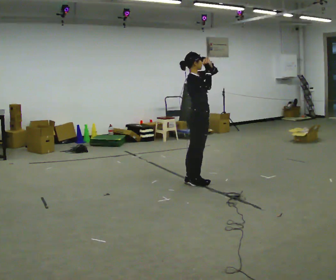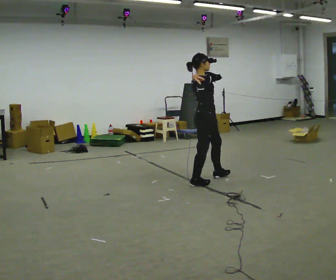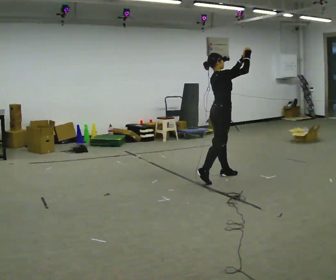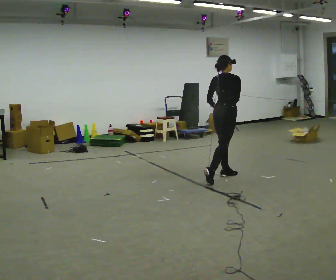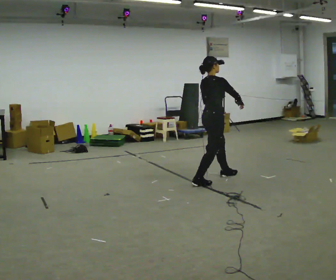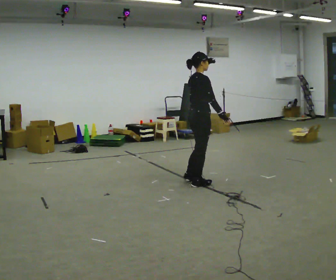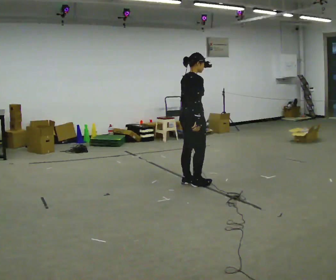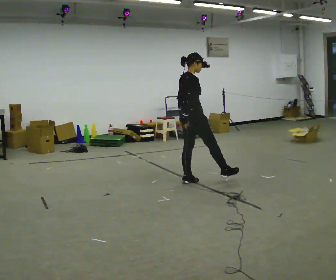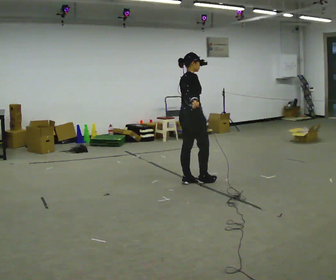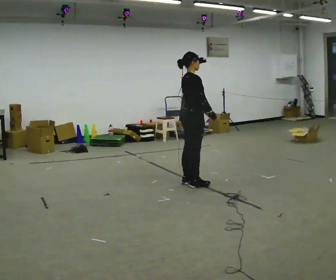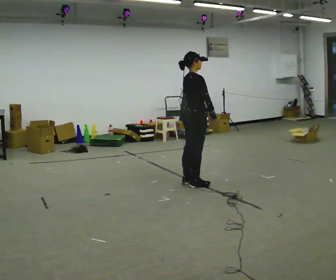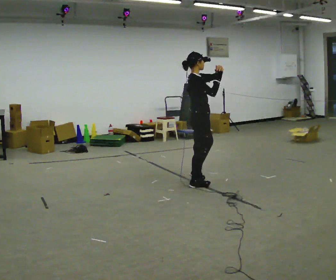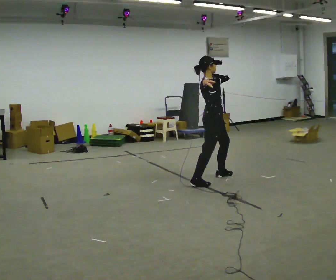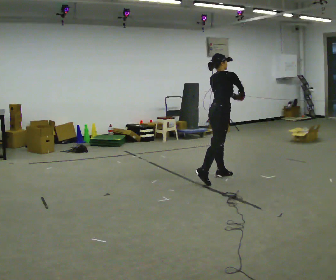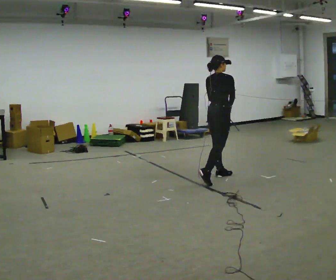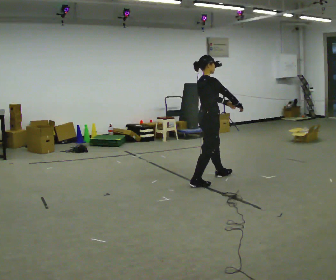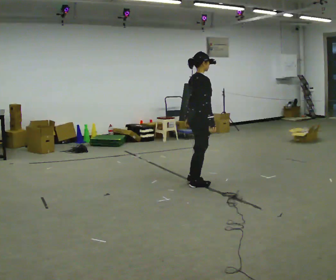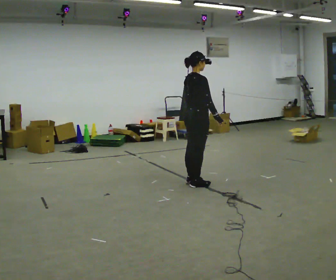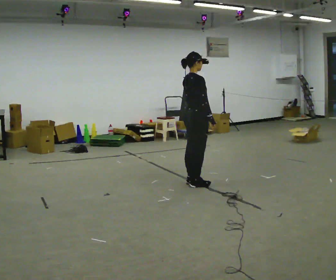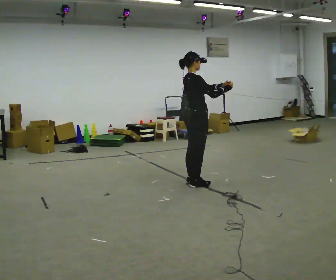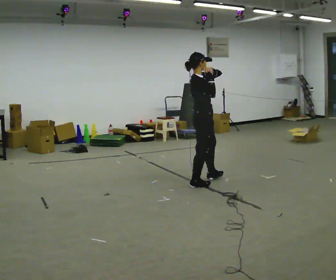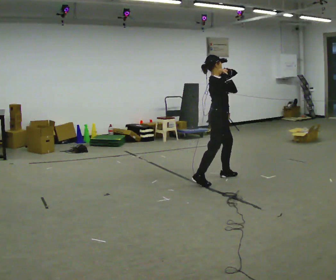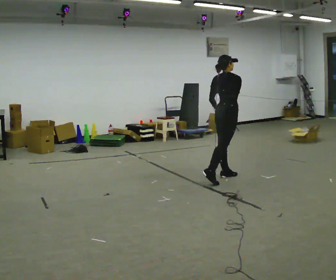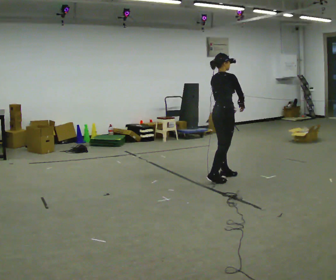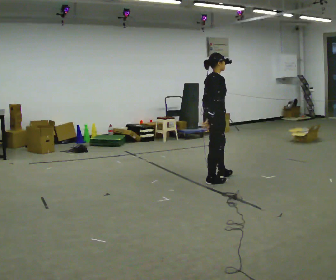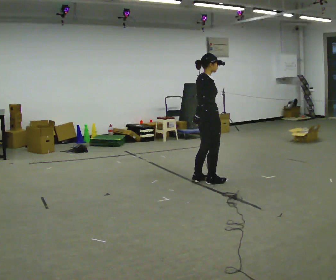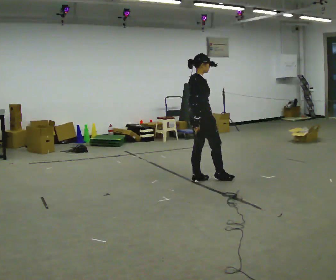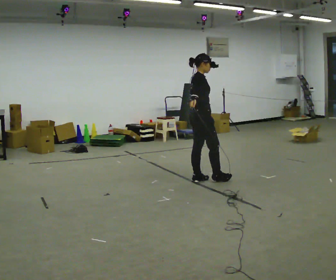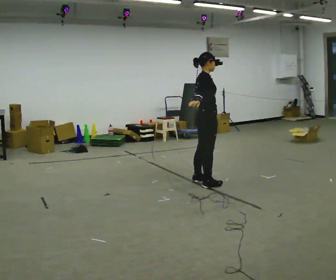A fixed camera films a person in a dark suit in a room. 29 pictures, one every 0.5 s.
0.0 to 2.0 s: In the picture they go to the right, about 0.25 m in 1 step. In the picture their left hand goes downward.
2.0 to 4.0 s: In the picture they go to the left, about 0.25 m in 1 step, which for them is backward.
4.0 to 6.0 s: The part of the body nearest the lens slides to the left as the person turns to their right by about 30 degrees. In the picture they go to the right, about 0.25 m in 1 step, which for them is forward. In the picture their left hand goes upward.
6.0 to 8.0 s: Seen from above the body turns counterclockwise, about 30 degrees: to their left, with its near side sliding to the right. In the picture they go toward the camera and to the left, about 0.25 m in 1 step, which for them is backward. In the picture their left hand goes downward and to the left.
8.0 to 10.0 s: In the picture their left hand goes upward and to the right.
10.0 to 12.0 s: In the picture their left hand goes downward.
12.0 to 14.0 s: The person moves a little, or ends about where they began.
The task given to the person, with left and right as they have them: Mime a baseball swing with no bat: set your stance, stride, swing through. Repeat the movement at your own pace until the operator says stop; do not rush.
The film runs forward here.
